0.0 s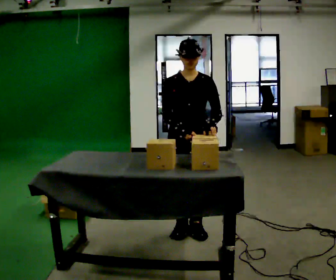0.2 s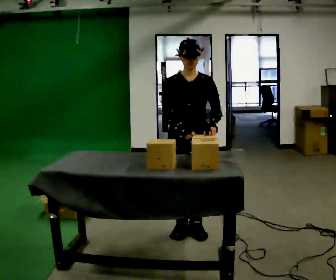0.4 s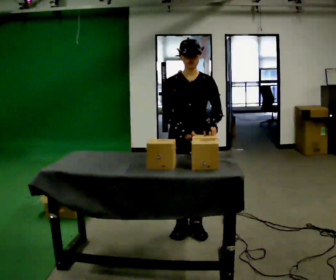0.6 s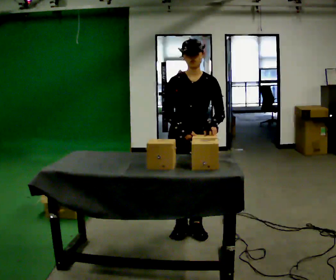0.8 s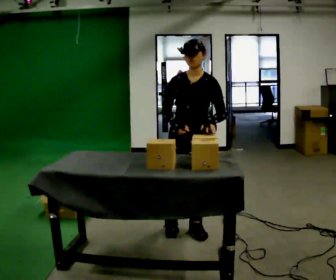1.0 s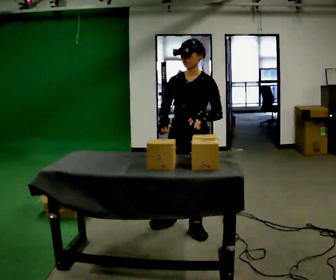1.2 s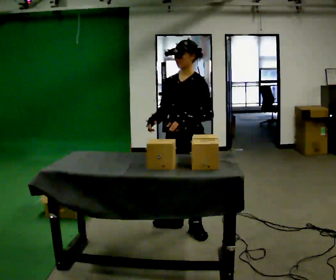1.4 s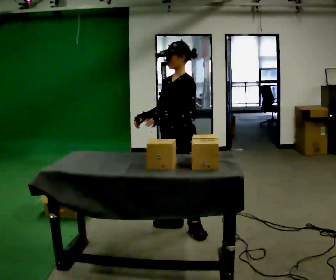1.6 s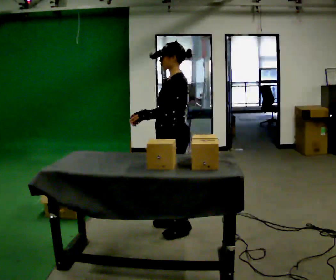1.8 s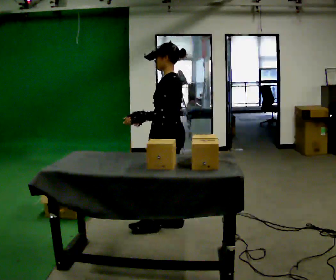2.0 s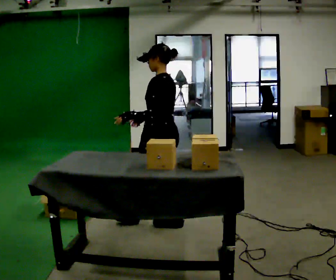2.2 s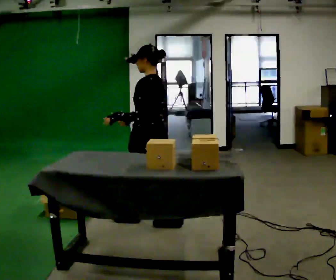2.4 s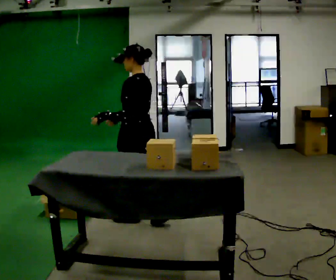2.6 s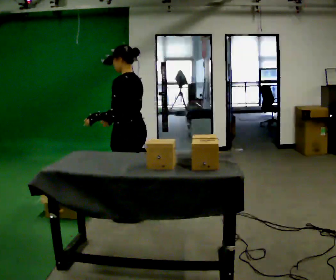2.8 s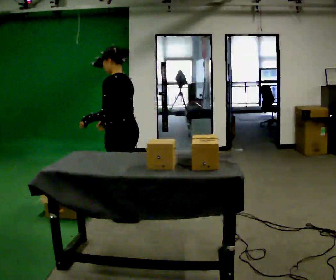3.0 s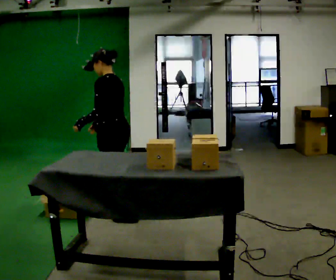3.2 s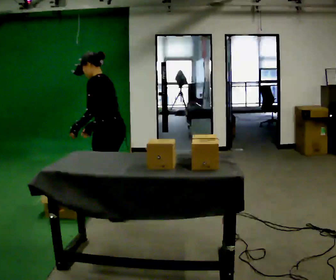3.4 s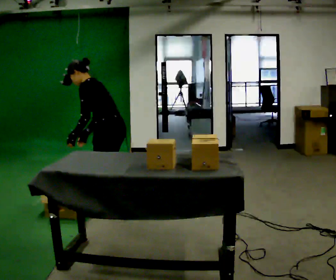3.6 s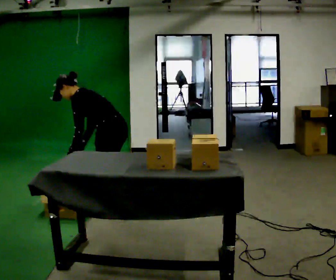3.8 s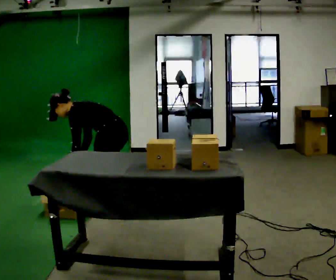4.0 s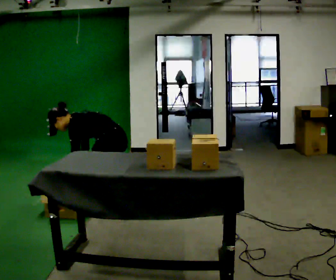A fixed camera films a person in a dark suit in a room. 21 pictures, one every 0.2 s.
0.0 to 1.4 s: The part of the body nearest the lens slides to the left as the person turns to their right by about 60 degrees. In the picture they go away from the camera, about 0.25 m.
1.4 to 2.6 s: The part of the body nearest the lens slides to the left as the person turns to their right by about 45 degrees. In the picture they go to the left, about 0.5 m in 1 step, which for them is forward.
2.6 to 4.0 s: In the picture they go away from the camera and to the left, about 0.25 m in 2 steps, which for them is forward and to their right. The shoulders move downward. In the picture the upper body tilts counterclockwise, shoulders to the left, as they bend forward. In the picture their left hand goes downward.
The film runs forward here.
